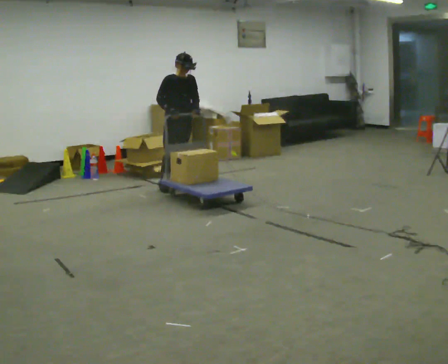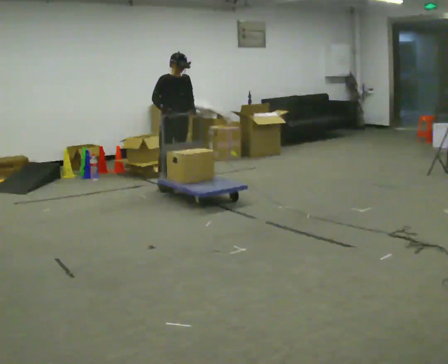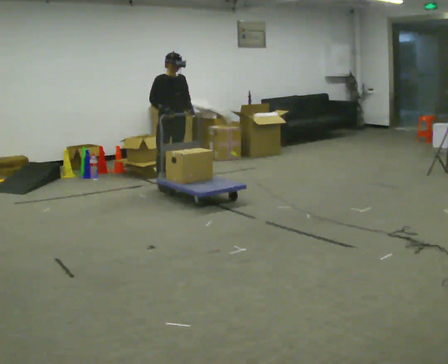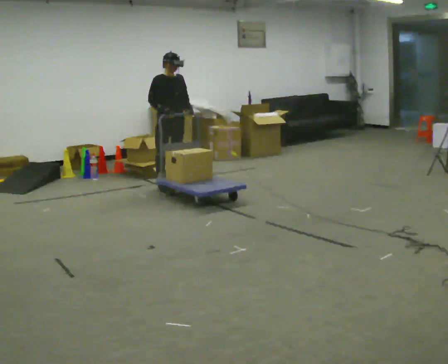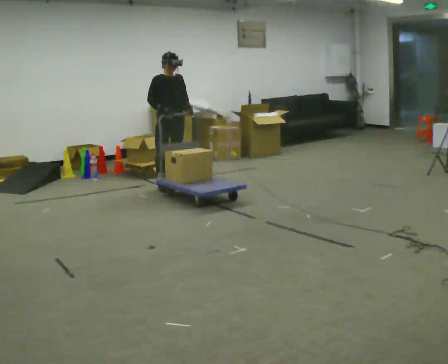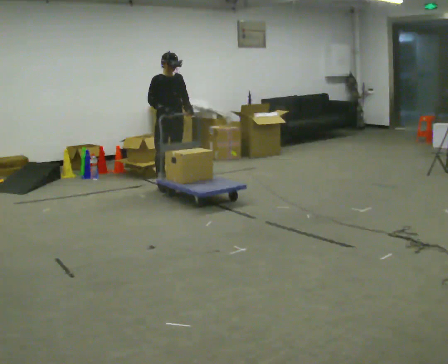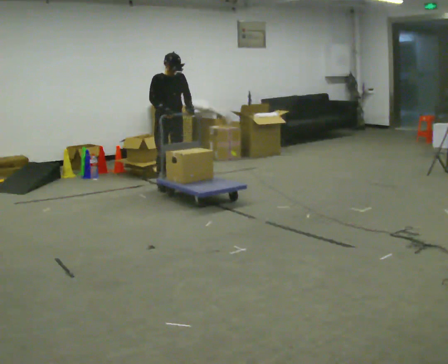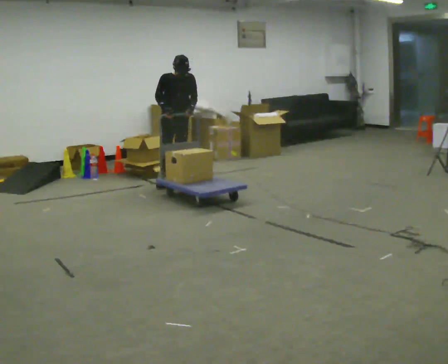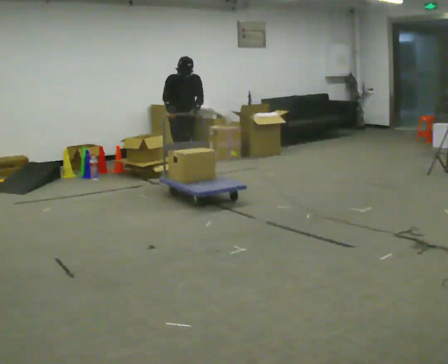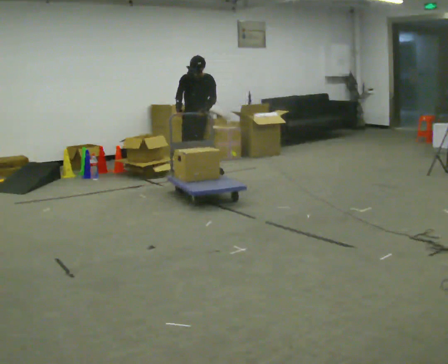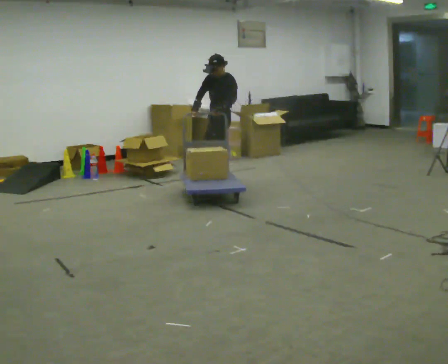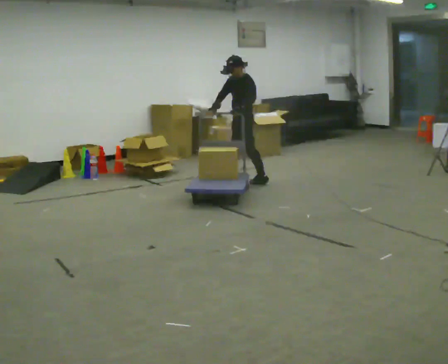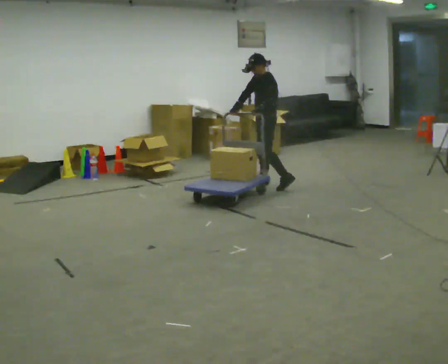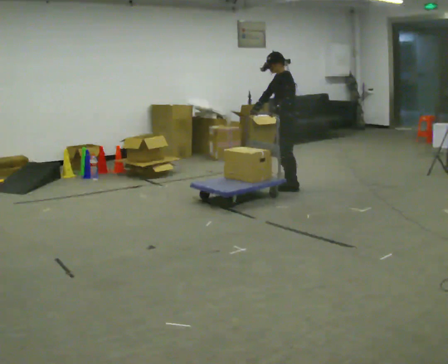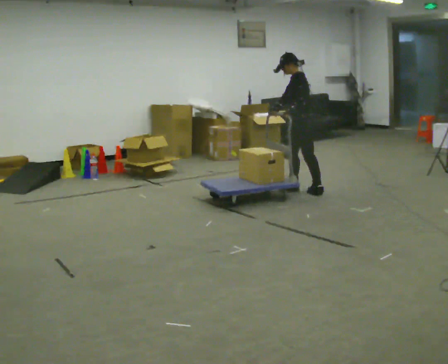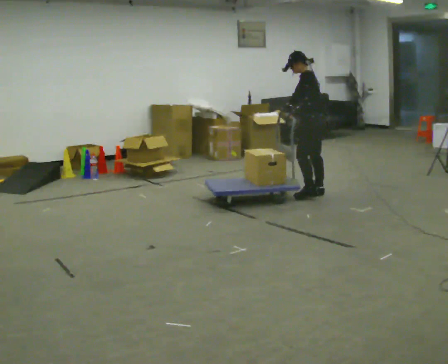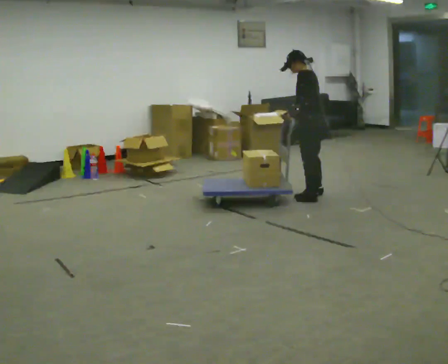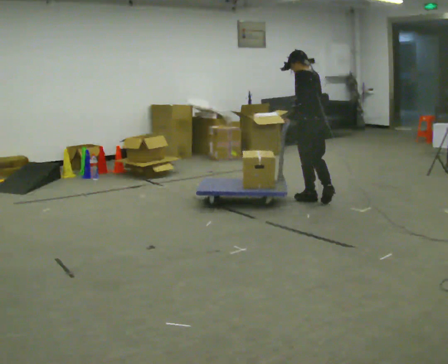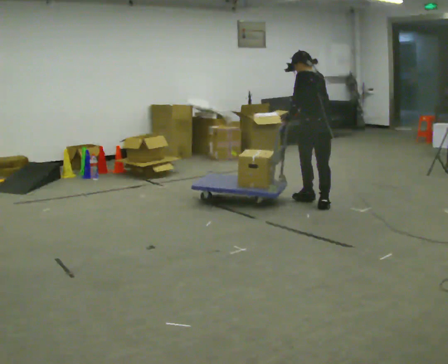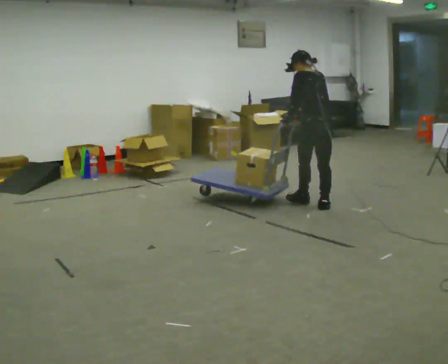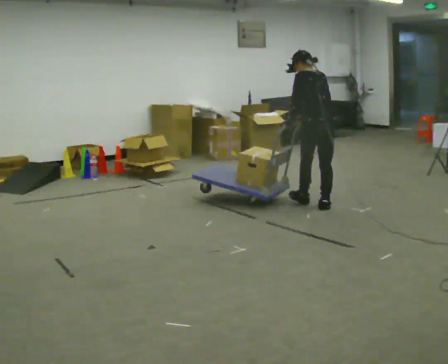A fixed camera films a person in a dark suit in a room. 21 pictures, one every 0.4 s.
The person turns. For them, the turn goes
to their right.
The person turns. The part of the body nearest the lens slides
to the left.
0.0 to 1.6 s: The person moves a little, or ends about where they began.
1.6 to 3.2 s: The part of the body nearest the lens slides to the left as the person turns to their right by about 60 degrees. In the picture they go away from the camera, about 0.25 m in 1 step, which for them is to their left and backward.
3.2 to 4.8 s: The person turns about 75 degrees to their right, clockwise seen from above, so the part of the body nearest the lens slides to the left. In the picture they go to the right, about 1 m in 3 steps.
4.8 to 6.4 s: The person turns about 30 degrees to their right, clockwise seen from above, so the part of the body nearest the lens slides to the left. In the picture they go toward the camera and to the right, about 1 m in 2 steps, which for them is backward and to their left.
6.4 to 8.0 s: The person turns about 30 degrees to their right, clockwise seen from above, so the part of the body nearest the lens slides to the left. In the picture they go toward the camera, about 0.25 m in 1 step, which for them is backward and to their left.
The film runs backward here.
